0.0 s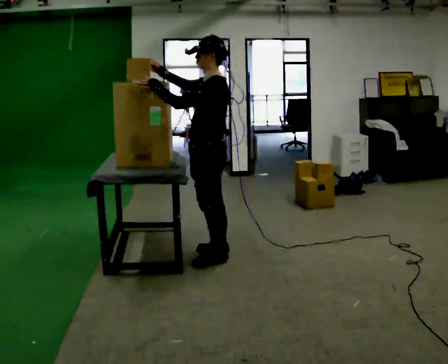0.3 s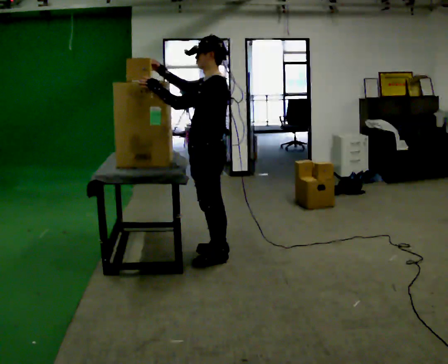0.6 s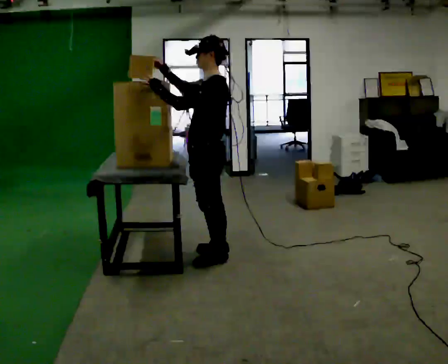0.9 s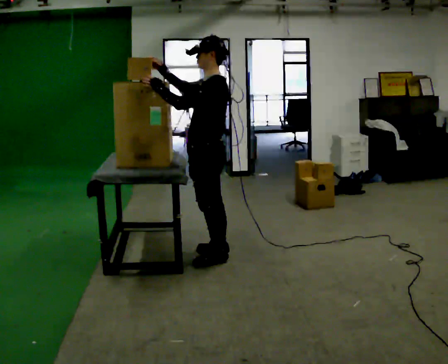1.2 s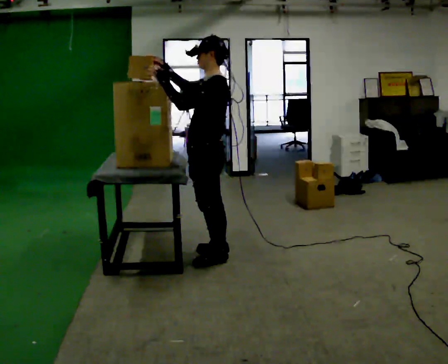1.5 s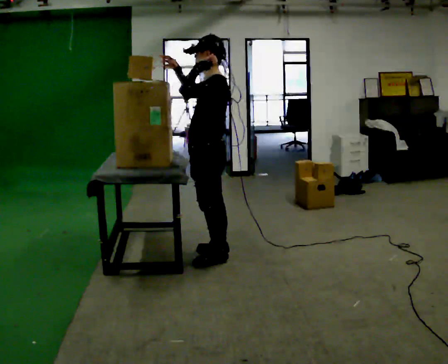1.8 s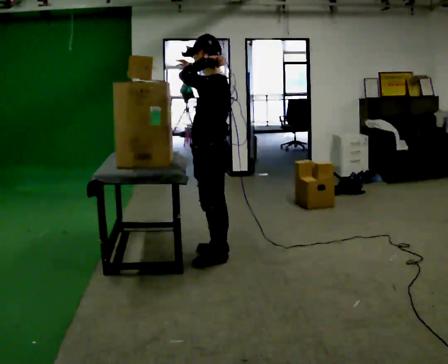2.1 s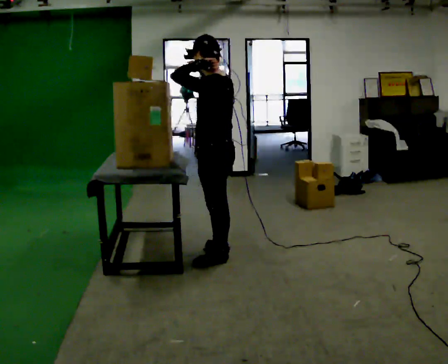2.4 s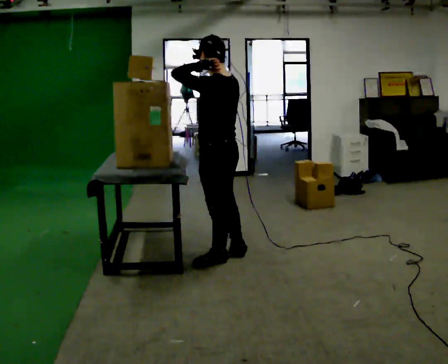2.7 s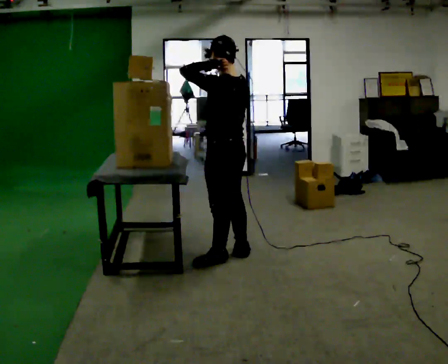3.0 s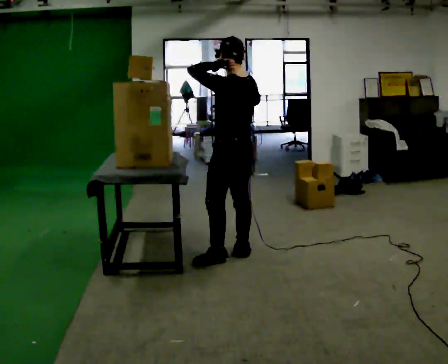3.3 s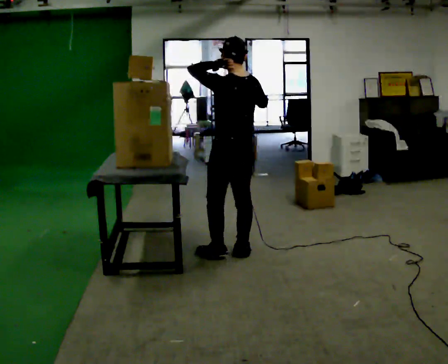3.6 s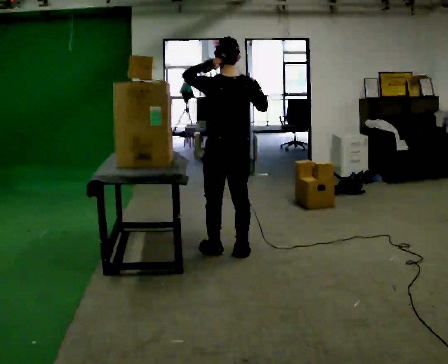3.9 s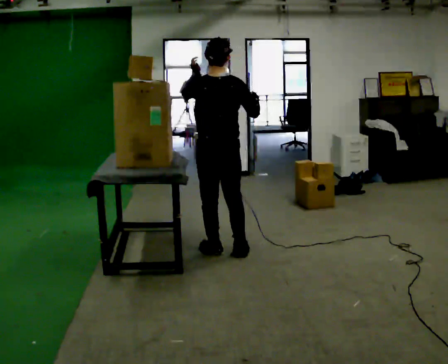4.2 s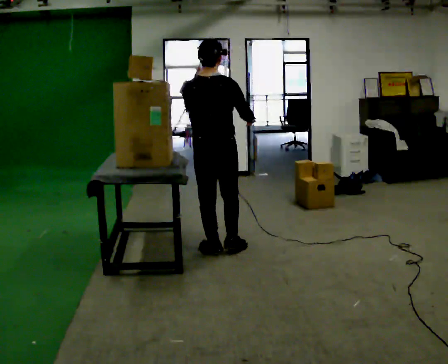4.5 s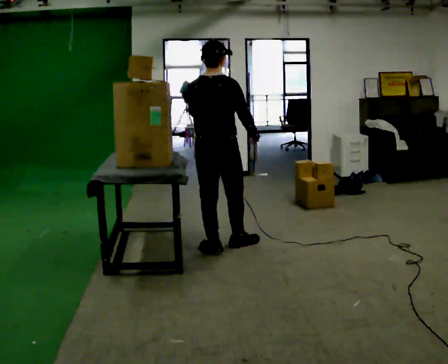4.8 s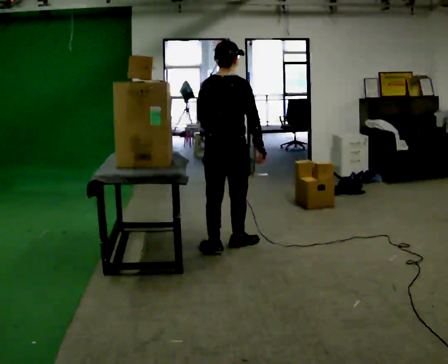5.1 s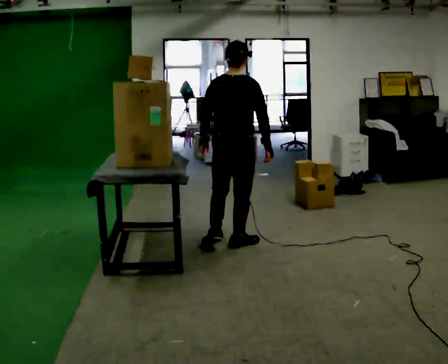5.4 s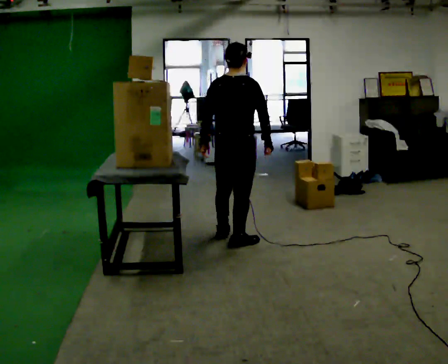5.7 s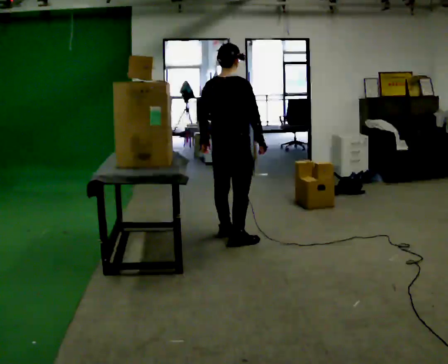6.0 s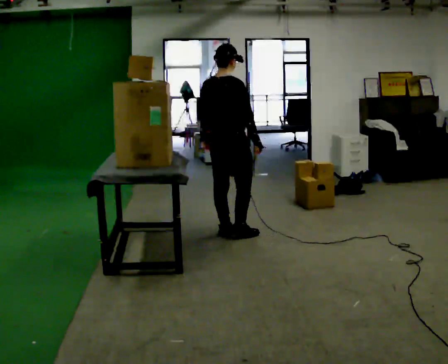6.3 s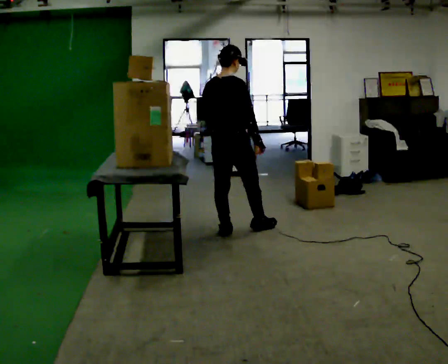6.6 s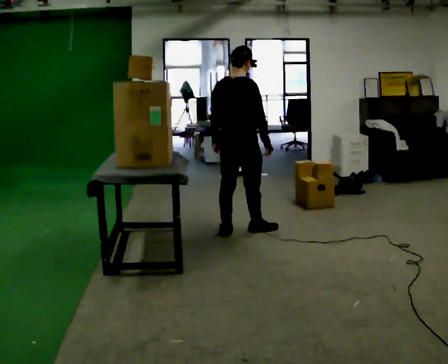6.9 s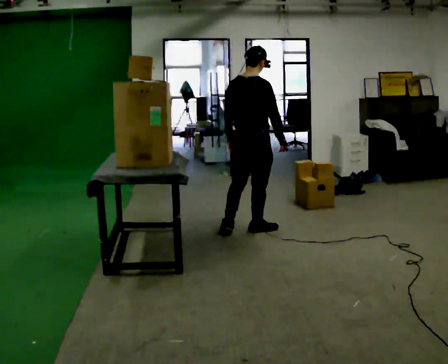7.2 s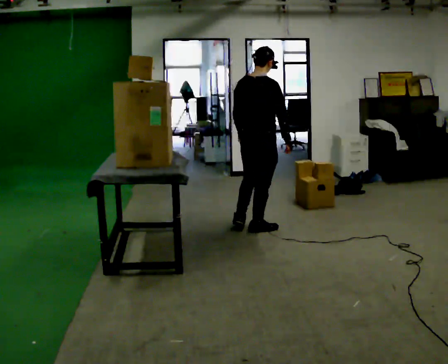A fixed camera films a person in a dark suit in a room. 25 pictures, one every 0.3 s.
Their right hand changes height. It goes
downward.
The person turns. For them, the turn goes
to their right.
0.0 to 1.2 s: The person moves a little, or ends about where they began.
1.2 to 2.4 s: The part of the body nearest the lens slides to the left as the person turns to their right by about 30 degrees. In the picture their right hand goes to the right.
2.4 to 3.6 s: The person turns about 45 degrees to their right, clockwise seen from above, so the part of the body nearest the lens slides to the left. In the picture they go away from the camera, about 0.25 m in 1 step, which for them is to their right. In the picture their right hand goes to the right.
3.6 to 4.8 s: The person turns about 30 degrees to their right, clockwise seen from above, so the part of the body nearest the lens slides to the left. In the picture their left hand goes downward.
4.8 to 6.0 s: In the picture they go away from the camera, about 0.25 m in 1 step, which for them is forward.
6.0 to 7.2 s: In the picture they go to the right, about 0.25 m in 1 step, which for them is forward and to their right.
The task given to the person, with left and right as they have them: Take an object from the highest shelf you can comfortably reach, carry it across, and place it on the lowest shelf. Keep going until the operator says stop; one object at a time, and do not rush between trips.
The film runs forward here.
